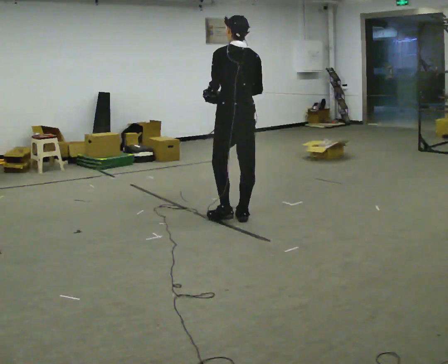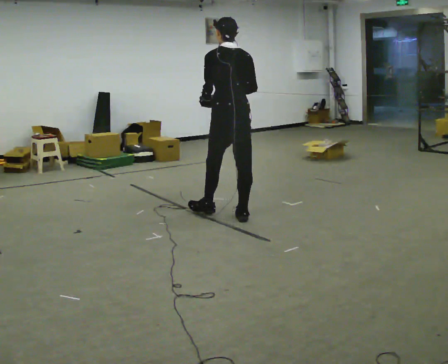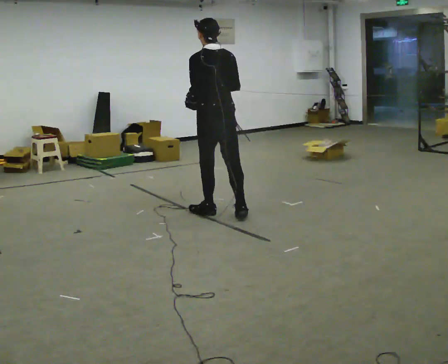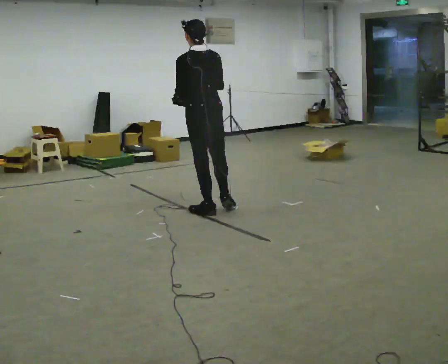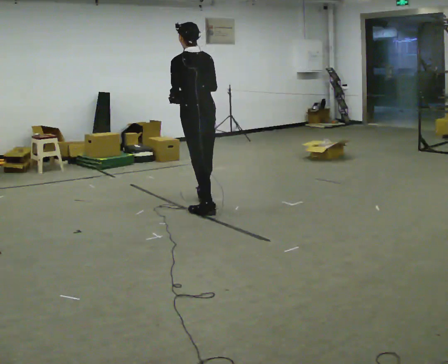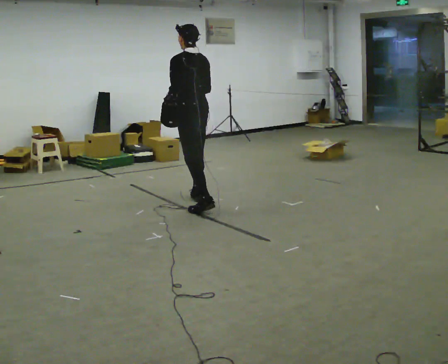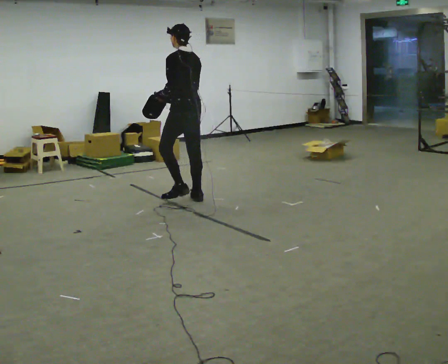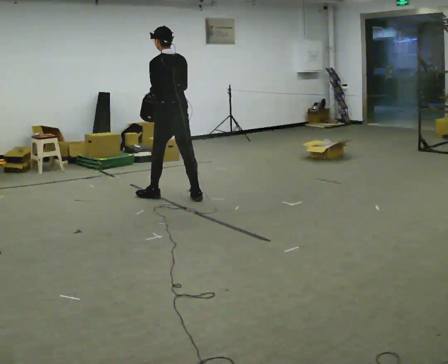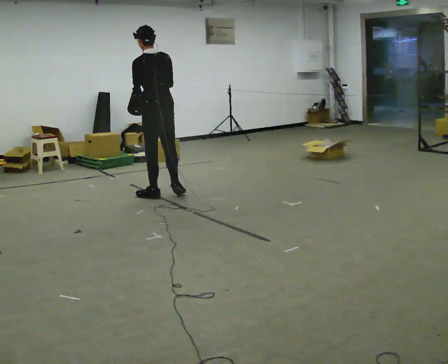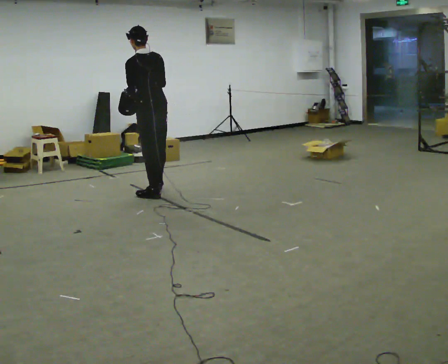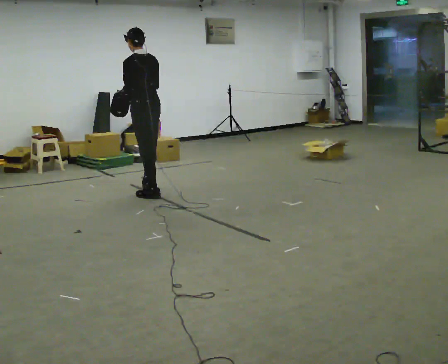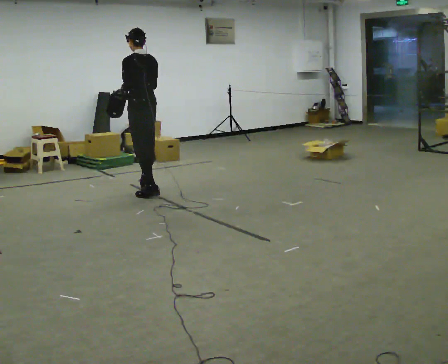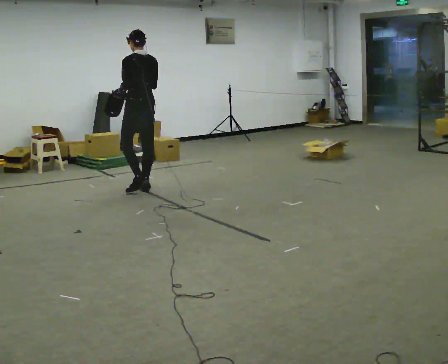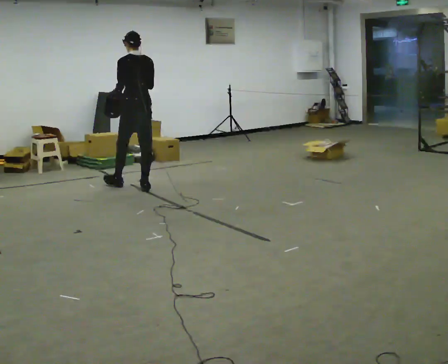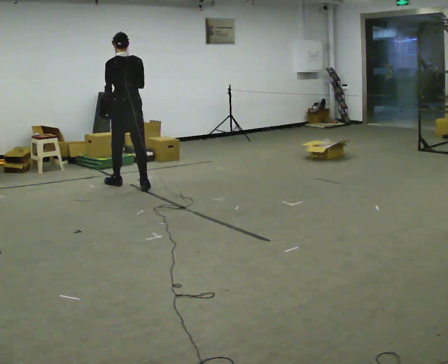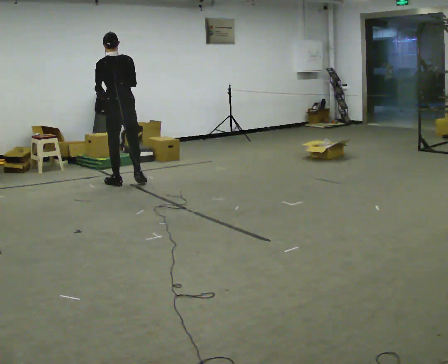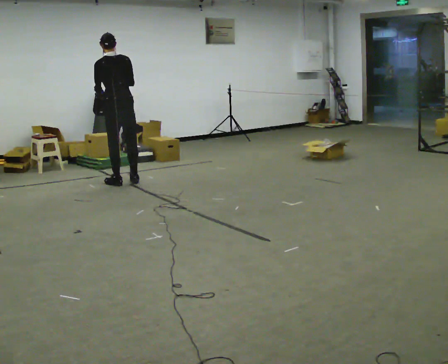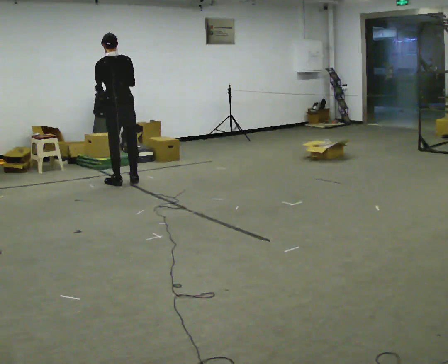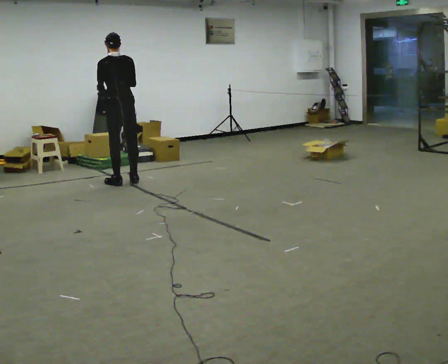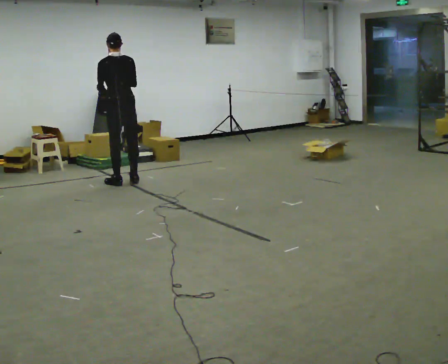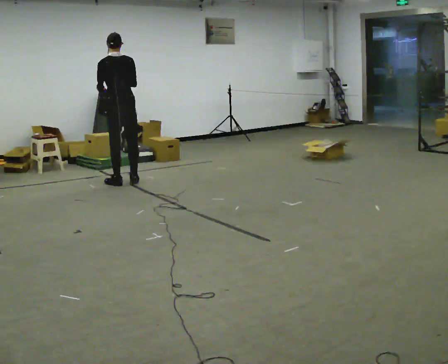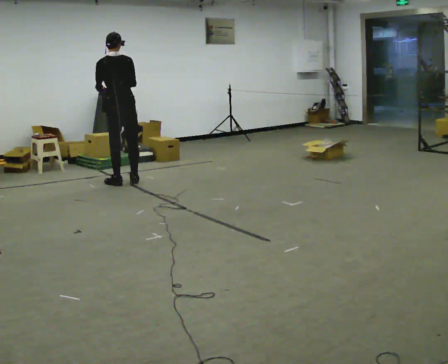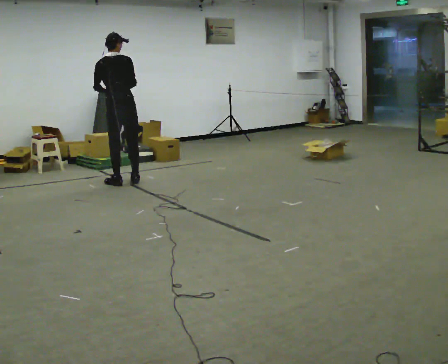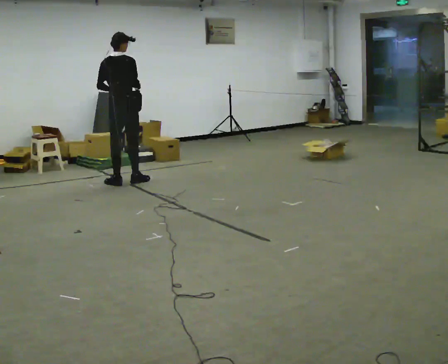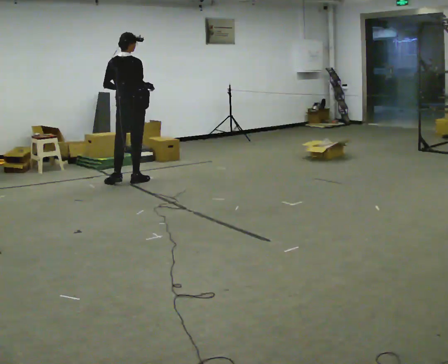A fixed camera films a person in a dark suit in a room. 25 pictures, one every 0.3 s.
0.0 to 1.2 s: In the picture they go away from the camera and to the left, about 0.5 m in 1 step, which for them is forward.
1.2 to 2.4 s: In the picture they go away from the camera and to the left, about 0.5 m in 2 steps, which for them is forward.
2.4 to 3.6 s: In the picture they go away from the camera and to the left, about 0.5 m in 1 step, which for them is forward.
3.6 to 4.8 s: In the picture they go away from the camera and to the left, about 0.5 m in 2 steps, which for them is forward and to their left.
4.8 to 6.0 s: The person moves a little, or ends about where they began.
6.0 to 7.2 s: The part of the body nearest the lens slides to the left as the person turns to their right by about 45 degrees. In the picture their right hand goes to the right.
The film runs forward here.
